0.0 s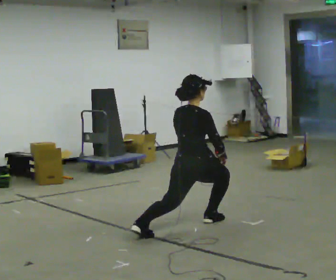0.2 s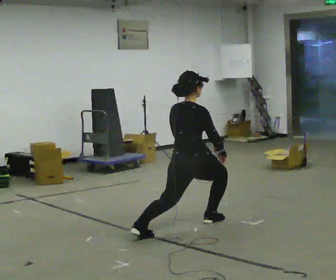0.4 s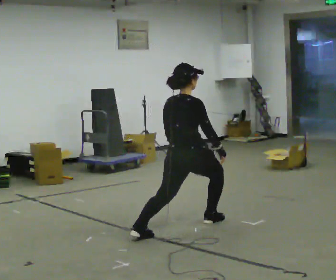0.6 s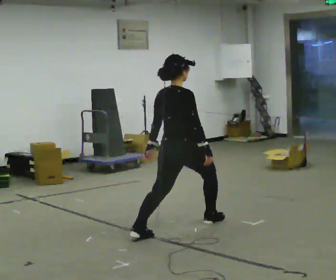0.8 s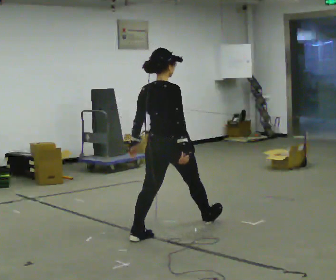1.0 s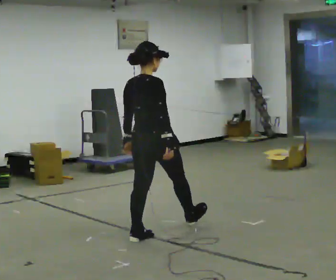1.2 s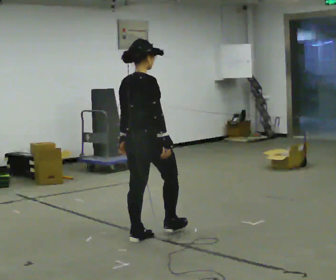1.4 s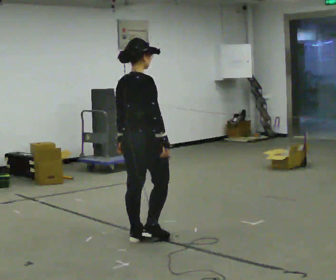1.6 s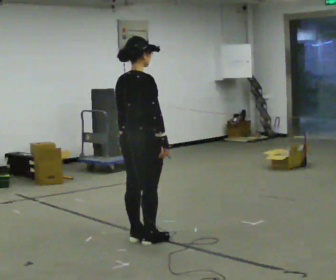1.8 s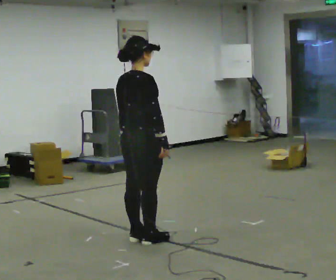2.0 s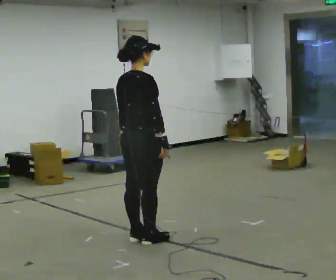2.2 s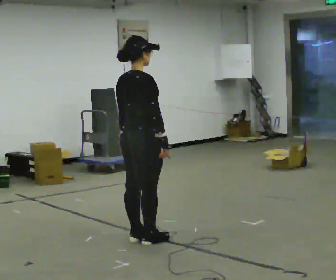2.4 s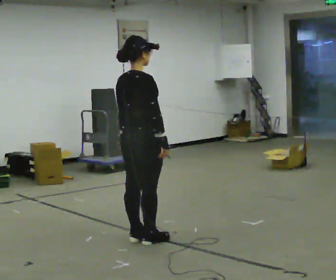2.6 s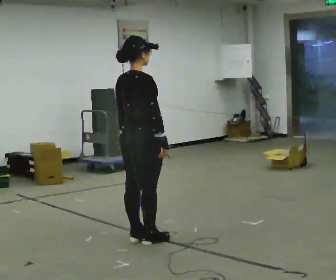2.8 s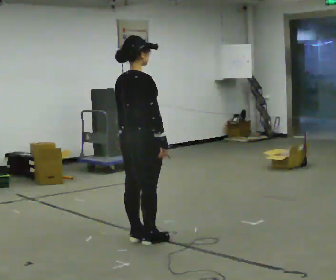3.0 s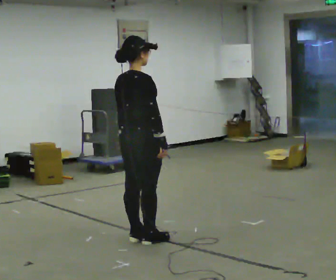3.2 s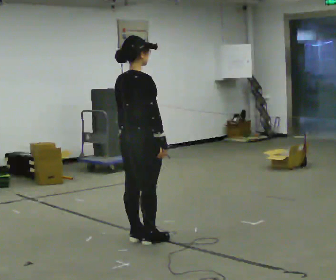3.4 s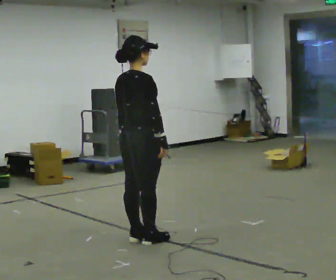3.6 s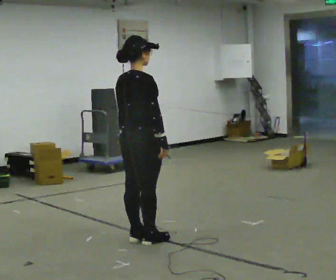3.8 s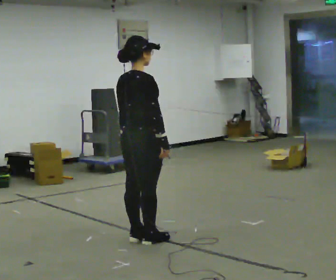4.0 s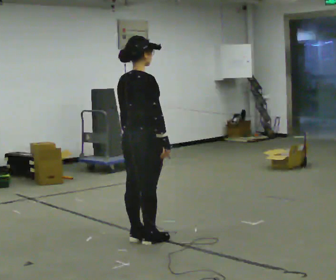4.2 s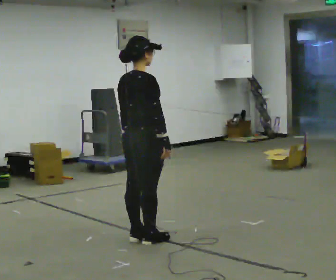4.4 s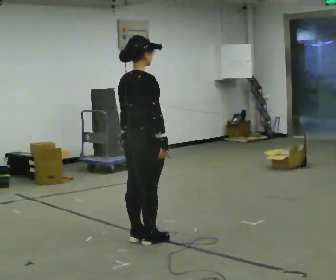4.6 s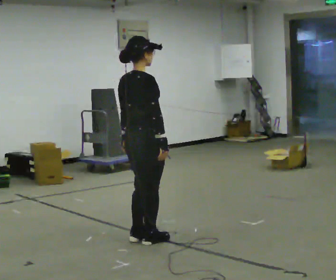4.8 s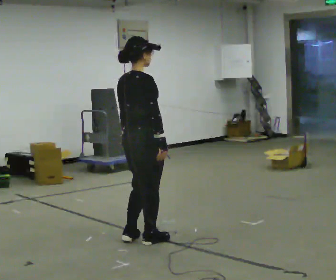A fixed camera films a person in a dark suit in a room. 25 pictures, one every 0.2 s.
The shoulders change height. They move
upward.
0.0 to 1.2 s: In the picture they go to the left and toward the camera, about 0.5 m in 1 step, which for them is backward. The shoulders move upward.
1.2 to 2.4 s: The person moves a little, or ends about where they began.
2.4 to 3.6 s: The person keeps their place and pose.
3.6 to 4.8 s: The person moves a little, or ends about where they began.
The film runs backward here.
